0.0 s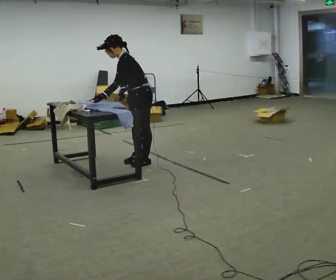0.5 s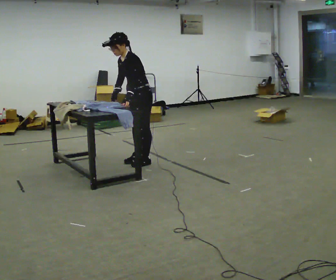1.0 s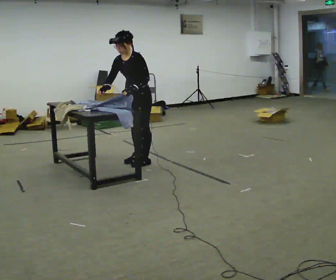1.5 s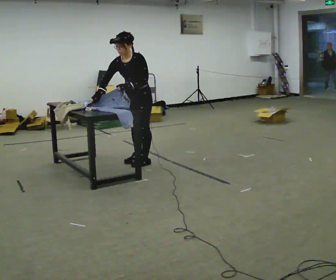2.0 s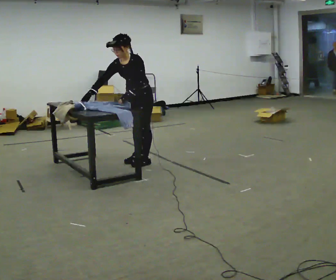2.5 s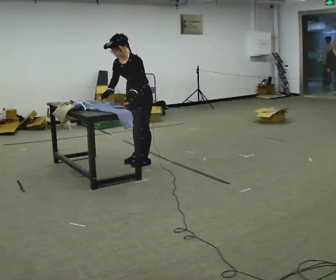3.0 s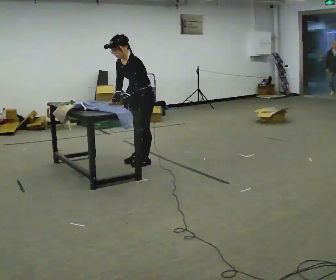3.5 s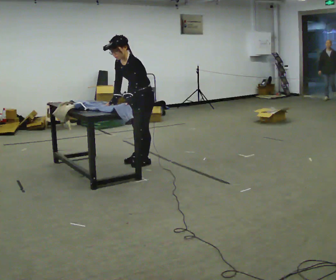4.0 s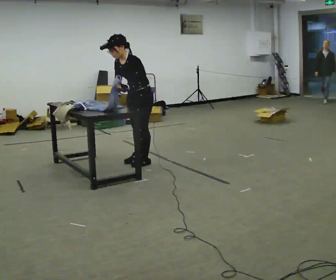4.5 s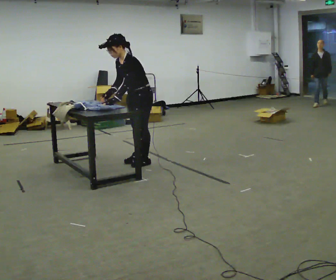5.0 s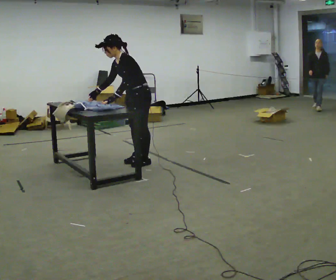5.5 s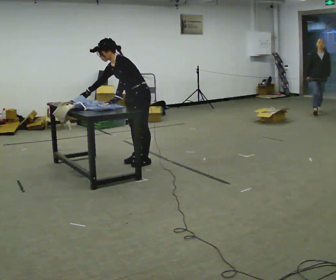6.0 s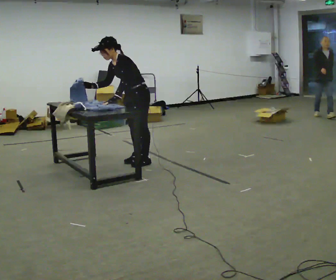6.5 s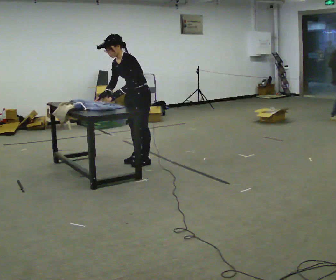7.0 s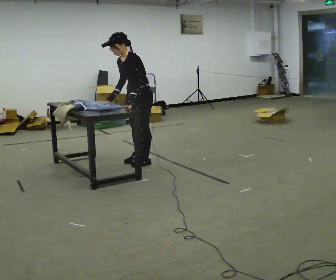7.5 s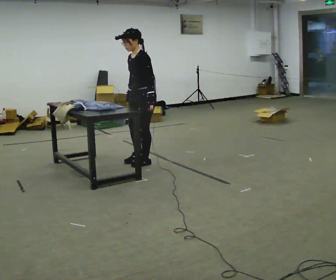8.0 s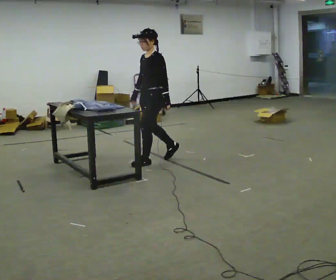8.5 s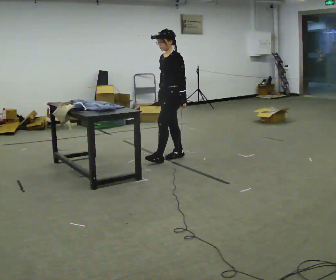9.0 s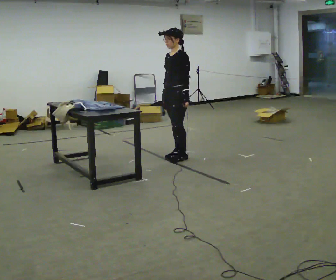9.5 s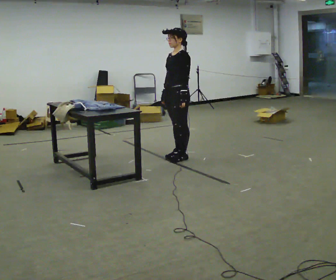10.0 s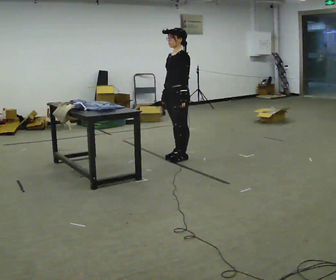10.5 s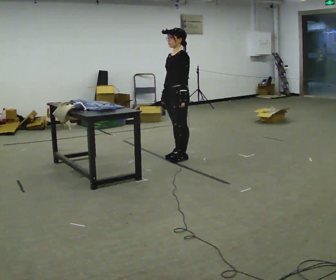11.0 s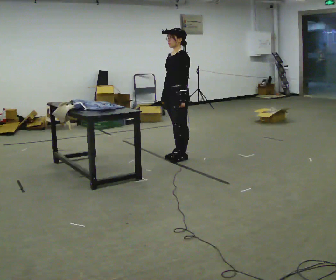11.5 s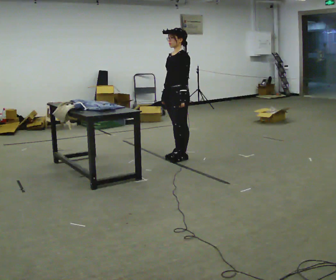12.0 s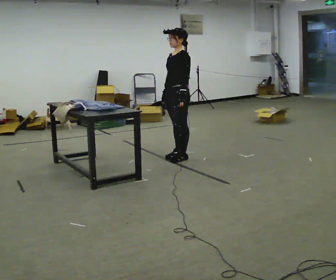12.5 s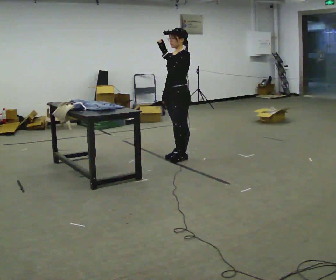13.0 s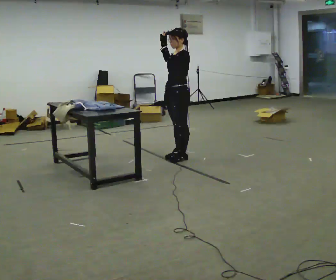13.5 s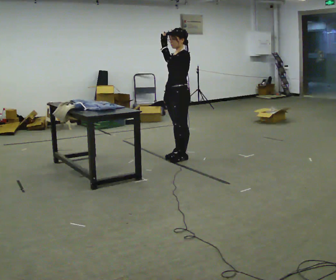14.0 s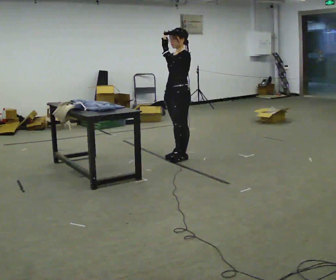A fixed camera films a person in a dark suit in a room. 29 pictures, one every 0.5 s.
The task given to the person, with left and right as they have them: Fold the cloth in half, then in half again, then unfold it. Repeat at your own pace until the operator says stop. Keep both feet on the marked spots for the whole take. If you have to step, stop and tell the operator.
0.0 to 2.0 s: The person turns about 45 degrees to their left, counterclockwise seen from above, so the part of the body nearest the lens slides to the right. The upper body tips toward the camera, its near side rolling downward. In the picture their right hand goes to the left.
2.0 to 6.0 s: The part of the body nearest the lens slides to the left as the person turns to their right by about 30 degrees.
6.0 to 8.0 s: In the picture they go to the right, about 0.25 m, which for them is backward. In the picture the upper body tilts clockwise, shoulders to the right, as they lean back or straighten. In the picture their right hand goes to the right.
8.0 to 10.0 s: In the picture they go to the right, about 0.25 m in 2 steps, which for them is backward.
10.0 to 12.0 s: The person keeps their place and pose.
12.0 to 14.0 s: In the picture their left hand goes upward.
The film runs forward here.
